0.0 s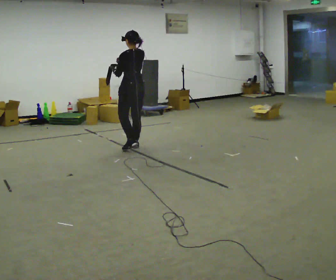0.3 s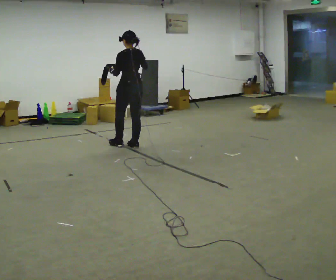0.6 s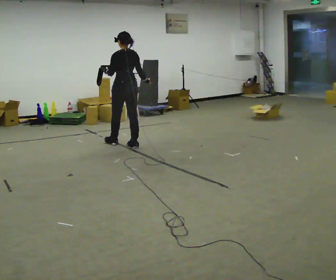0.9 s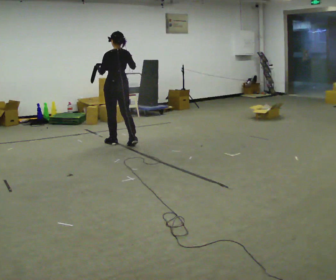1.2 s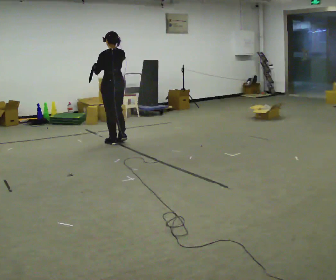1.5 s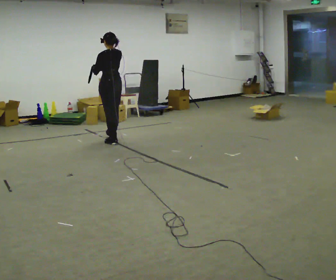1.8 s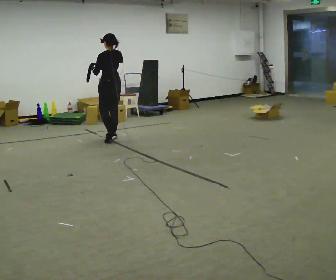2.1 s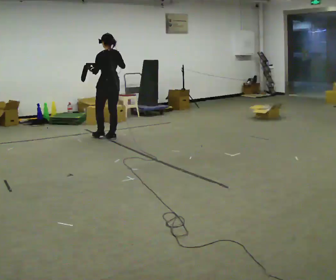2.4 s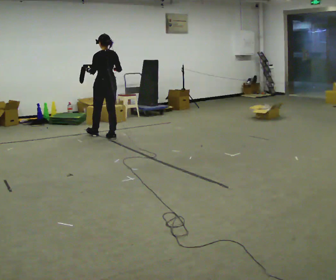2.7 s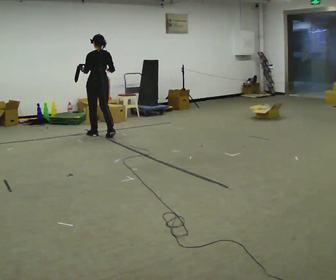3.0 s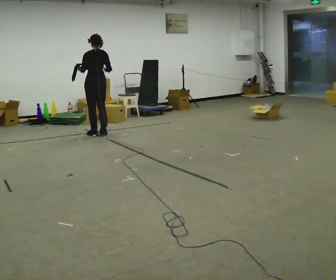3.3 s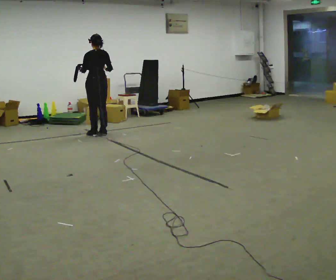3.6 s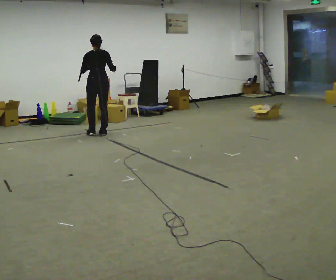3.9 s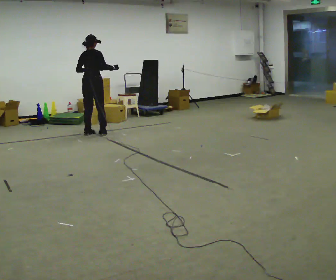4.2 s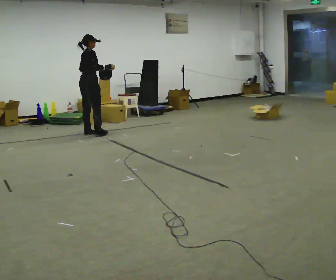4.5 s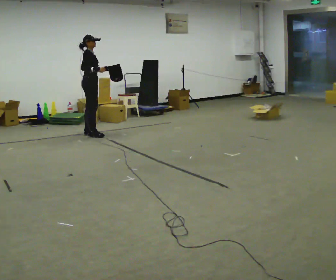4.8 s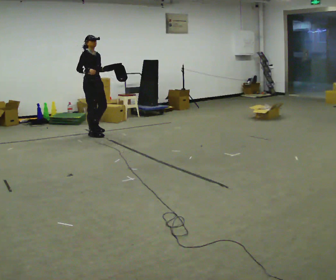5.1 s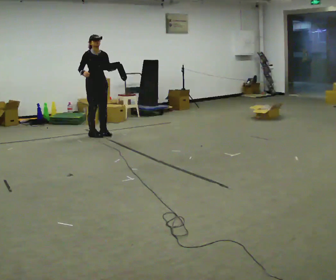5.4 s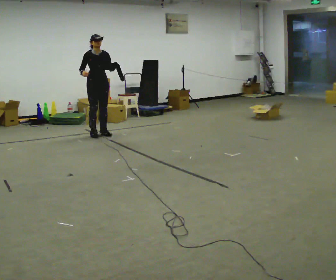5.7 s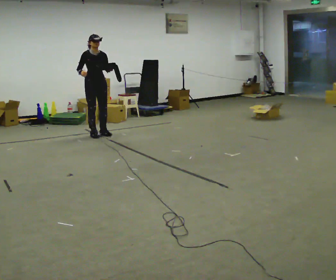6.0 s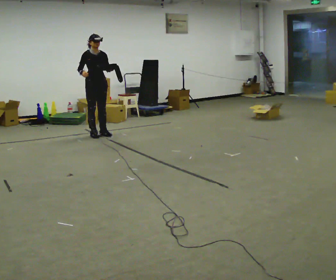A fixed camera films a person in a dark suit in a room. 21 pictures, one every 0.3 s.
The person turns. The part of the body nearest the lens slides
to the left.
The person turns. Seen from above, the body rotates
clockwise.
0.0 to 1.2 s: In the picture they go away from the camera and to the left, about 0.5 m in 1 step, which for them is forward and to their left.
1.2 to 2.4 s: In the picture they go away from the camera, about 0.5 m in 2 steps, which for them is forward.
2.4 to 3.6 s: In the picture they go away from the camera, about 0.25 m in 1 step, which for them is forward.
3.6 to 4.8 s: The person turns about 135 degrees to their right, clockwise seen from above, so the part of the body nearest the lens slides to the left. In the picture their right hand goes to the left.
4.8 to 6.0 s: The part of the body nearest the lens slides to the left as the person turns to their right by about 30 degrees.
The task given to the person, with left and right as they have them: Carry the open container and, while walking, reach in with one hand and take an item out, then put it back. Repeat as you walk. Do not stop.
The film runs forward here.
